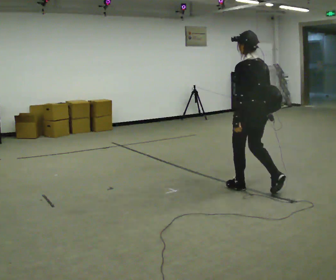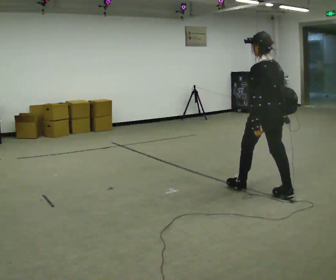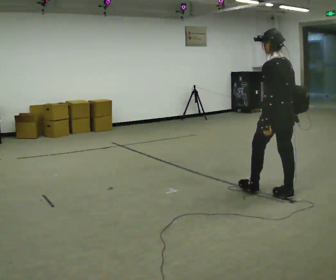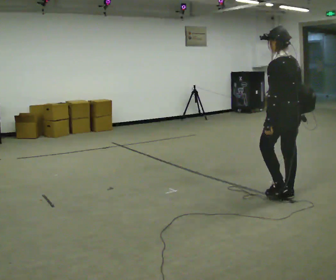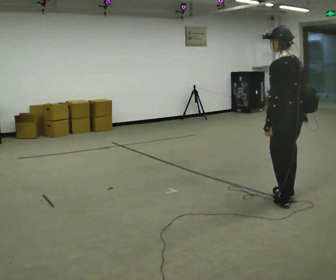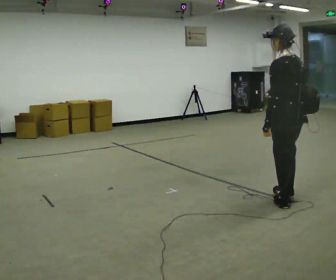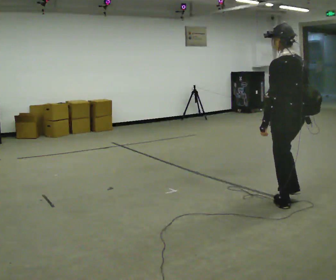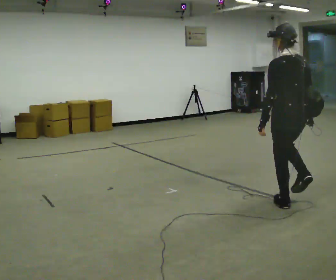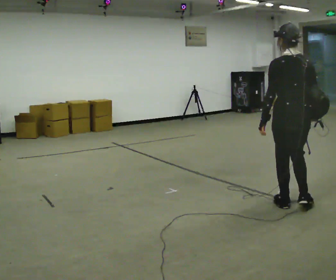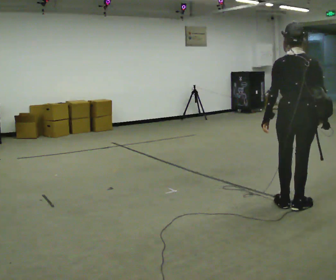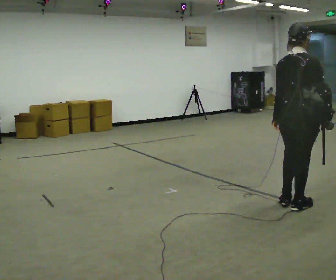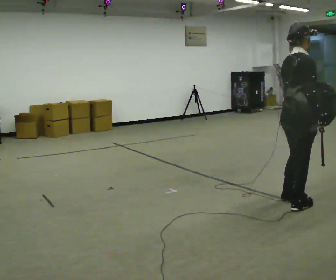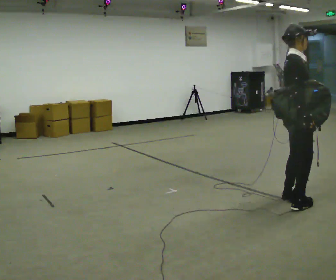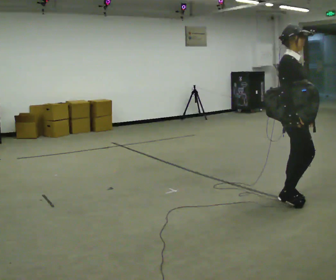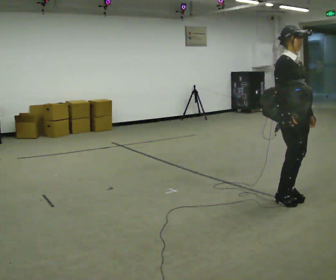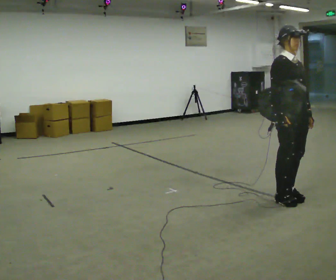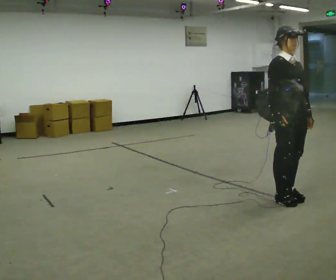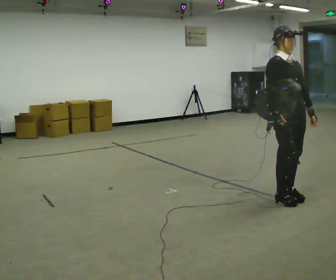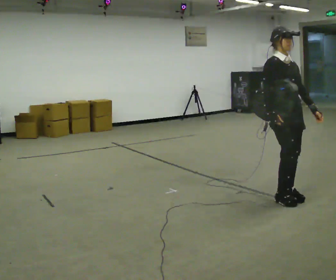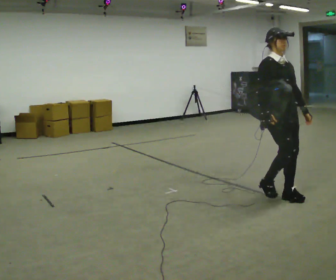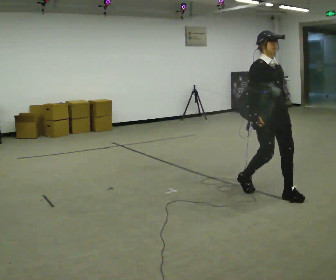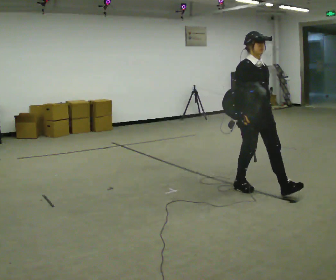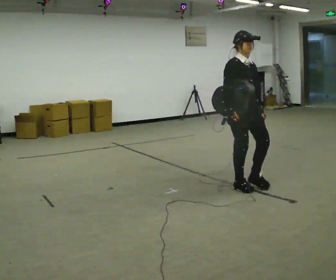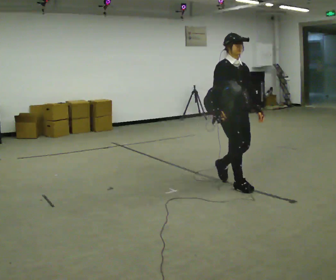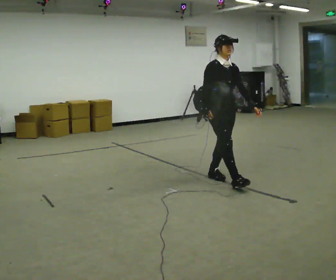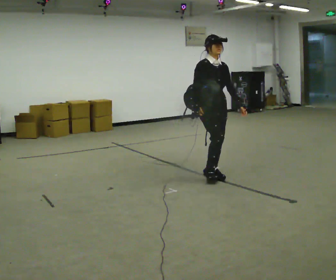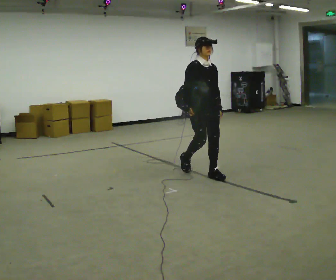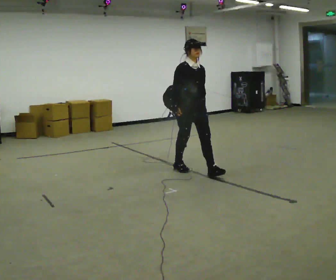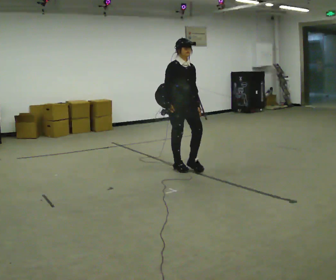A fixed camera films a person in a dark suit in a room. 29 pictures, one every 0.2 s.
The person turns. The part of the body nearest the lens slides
to the left.
The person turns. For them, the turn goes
to their right.
0.0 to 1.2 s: In the picture they go to the right and toward the camera, about 0.5 m in 2 steps, which for them is backward.
1.2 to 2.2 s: The person turns about 105 degrees to their right, clockwise seen from above, so the part of the body nearest the lens slides to the left.
2.2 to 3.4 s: Seen from above the body turns clockwise, about 75 degrees: to their right, with its near side sliding to the left. In the picture they go away from the camera, about 0.25 m in 1 step.
3.4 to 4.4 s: In the picture they go to the left and away from the camera, about 0.5 m in 2 steps, which for them is backward.
4.4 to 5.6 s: In the picture they go to the left and away from the camera, about 1 m in 2 steps, which for them is backward.
The film runs backward here.
